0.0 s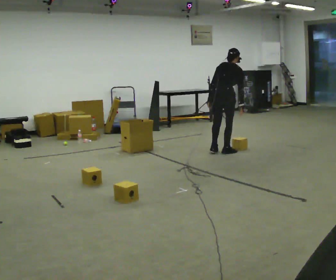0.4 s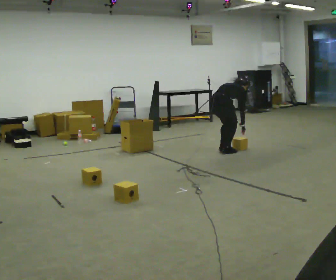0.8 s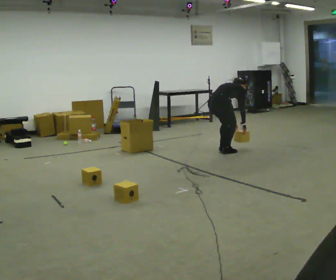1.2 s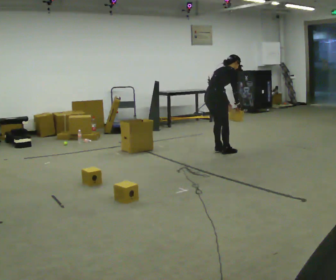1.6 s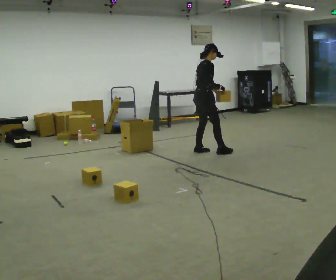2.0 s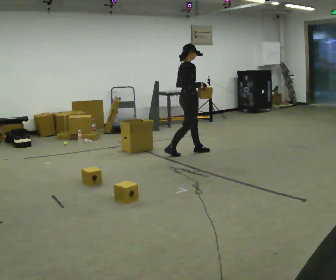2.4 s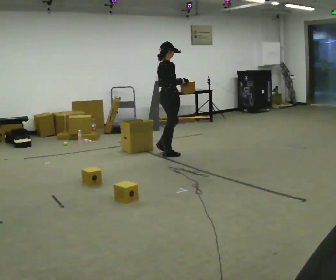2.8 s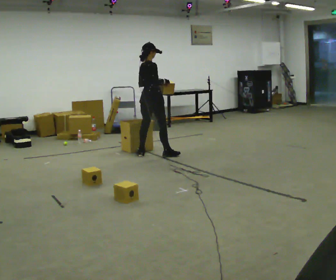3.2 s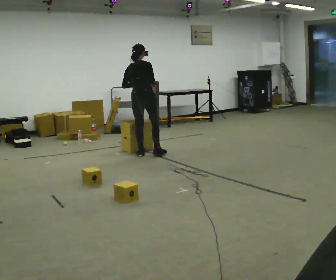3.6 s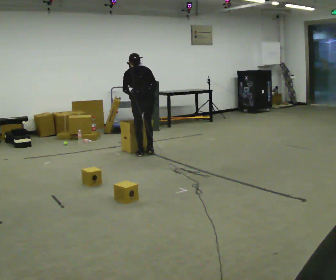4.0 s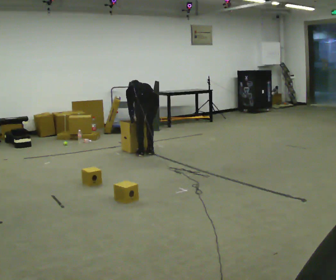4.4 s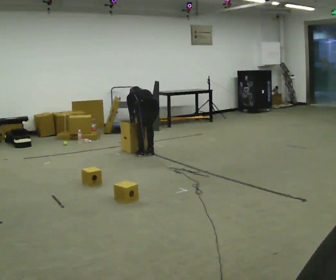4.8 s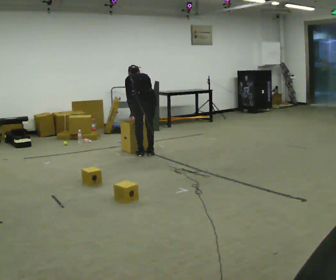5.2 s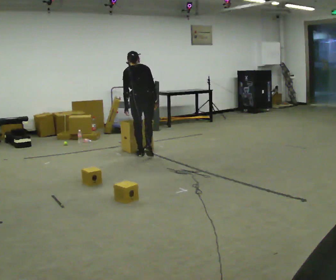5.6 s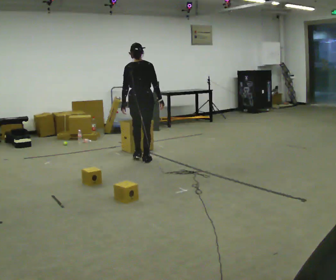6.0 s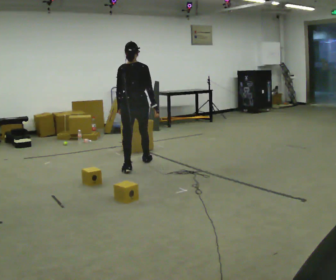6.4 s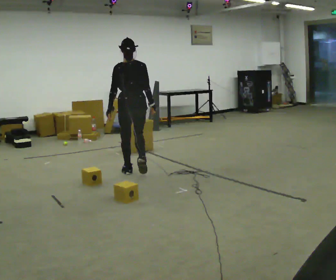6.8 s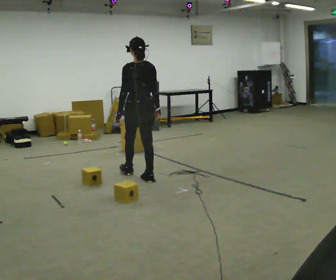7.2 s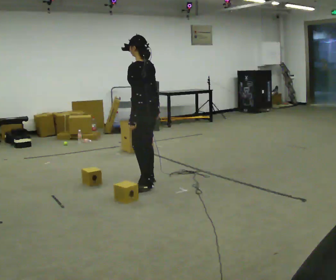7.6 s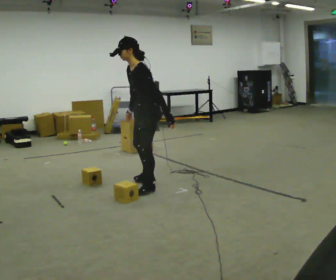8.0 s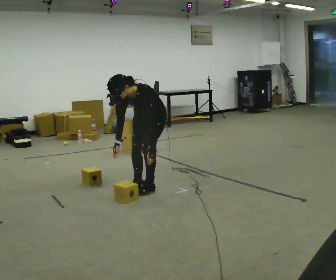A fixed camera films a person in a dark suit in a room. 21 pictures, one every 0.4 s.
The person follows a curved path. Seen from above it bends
counterclockwise.
0.0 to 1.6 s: Seen from above the body turns clockwise, about 45 degrees: to their right, with its near side sliding to the left. In the picture they go to the left, about 0.25 m in 2 steps, which for them is to their left and backward.
1.6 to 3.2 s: Seen from above the body turns counterclockwise, about 45 degrees: to their left, with its near side sliding to the right. In the picture they go to the left, about 1 m in 2 steps, which for them is backward. In the picture the upper body tilts counterclockwise, shoulders to the left.
3.2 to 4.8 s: The person turns about 30 degrees to their left, counterclockwise seen from above, so the part of the body nearest the lens slides to the right. In the picture their right hand goes downward.
4.8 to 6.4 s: In the picture they go toward the camera, about 1 m in 3 steps, which for them is backward. The upper body goes upward. The upper body tips toward the camera, its near side rolling downward, as they lean back or straighten.
6.4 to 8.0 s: The person turns about 135 degrees to their left, counterclockwise seen from above, so the part of the body nearest the lens slides to the right. In the picture they go toward the camera, about 0.75 m in 2 steps. The upper body goes downward. The upper body tips toward the camera, its near side rolling downward, as they bend forward.
The film runs backward here.
